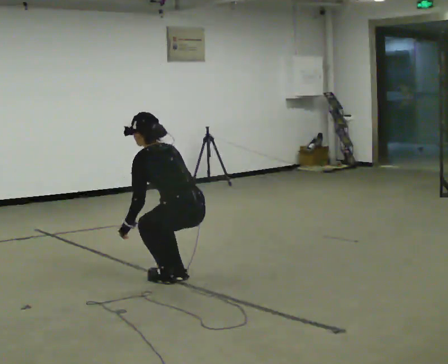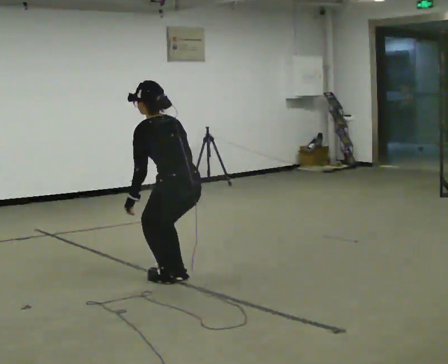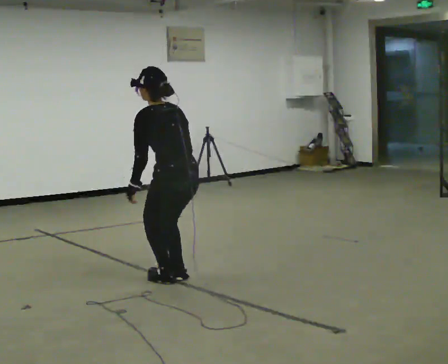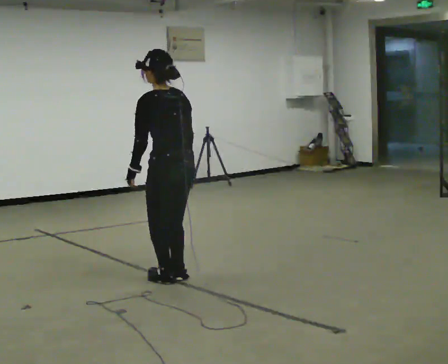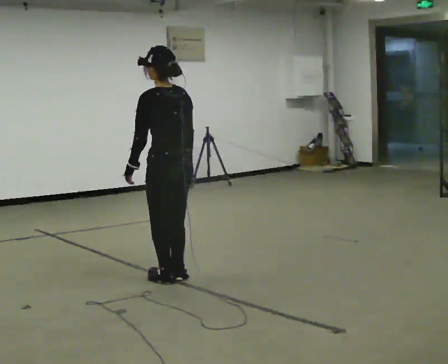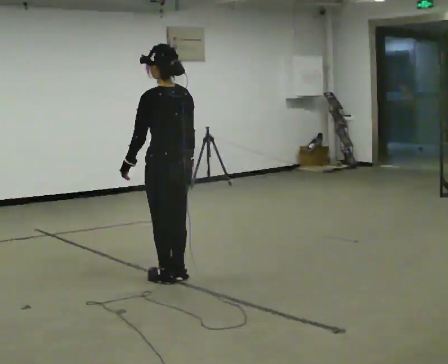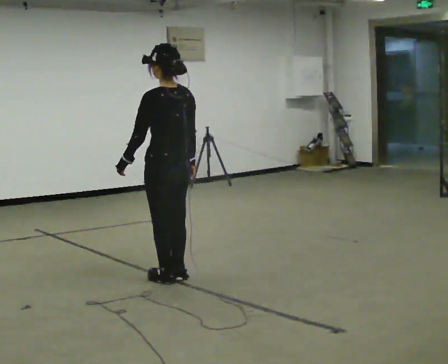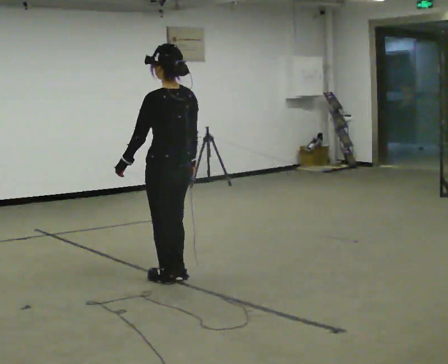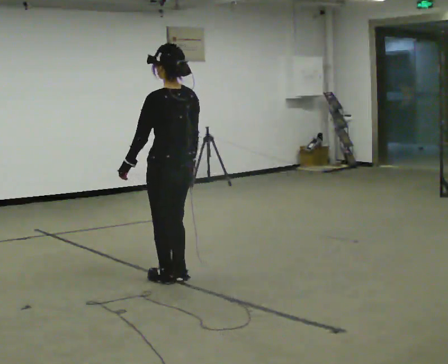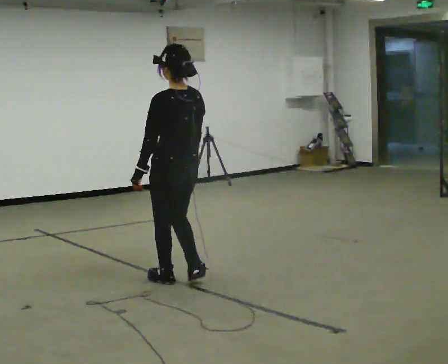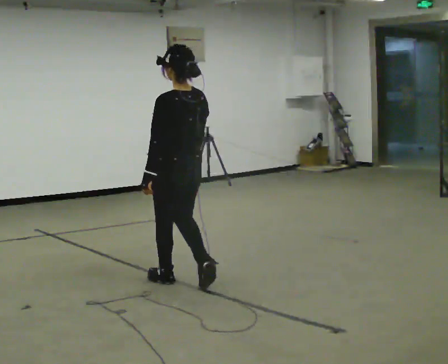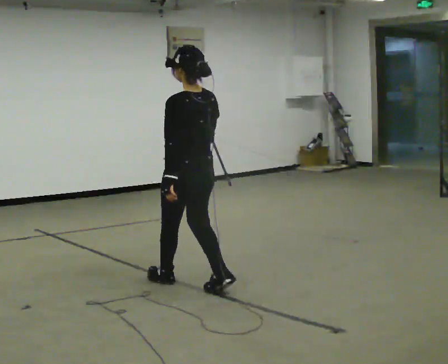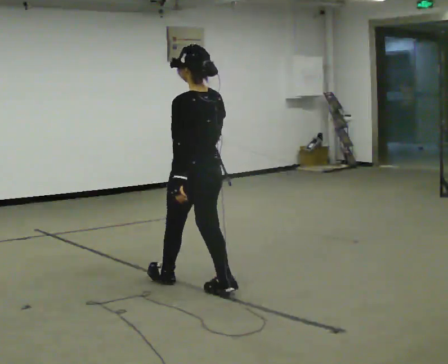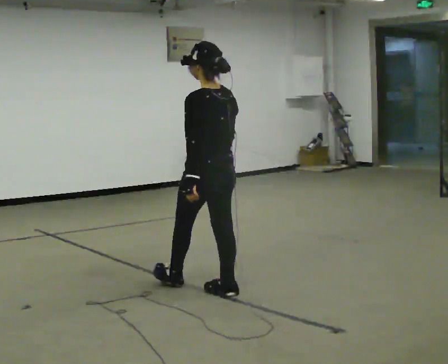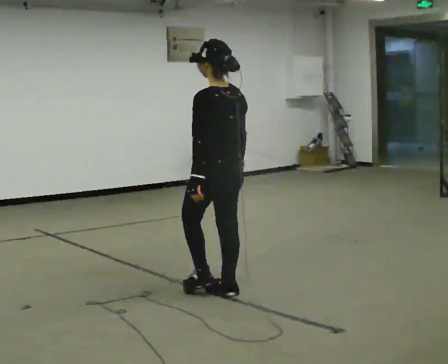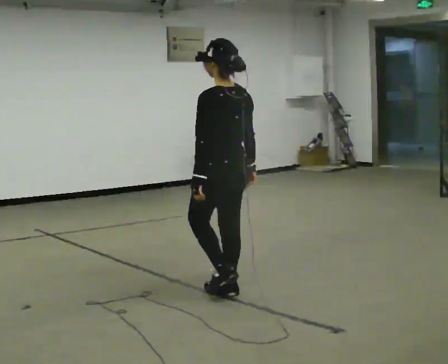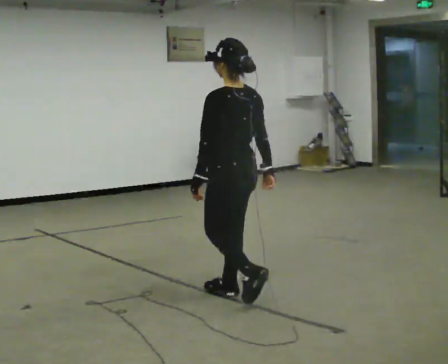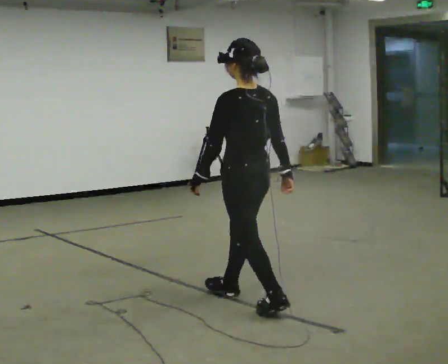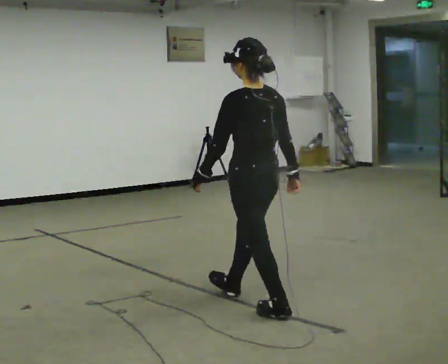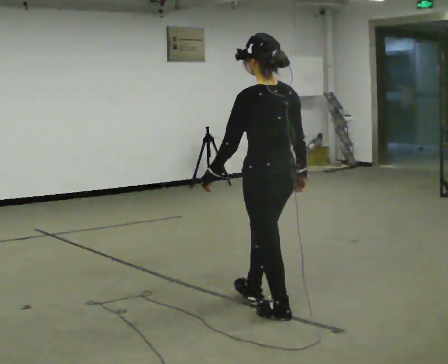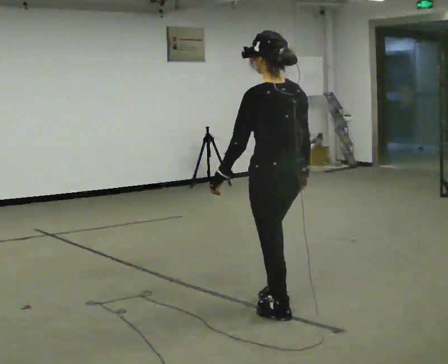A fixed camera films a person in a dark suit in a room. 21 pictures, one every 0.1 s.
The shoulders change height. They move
upward.
0.0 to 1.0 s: The upper body goes upward. The upper body tips toward the camera, its near side rolling downward, as they lean back or straighten. In the picture their right hand goes upward.
1.0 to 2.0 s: In the picture they go toward the camera and to the right, about 1 m in 2 steps, which for them is backward.
The film runs backward here.
